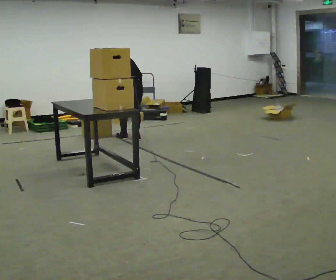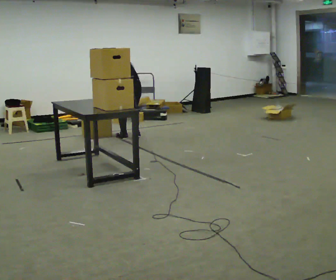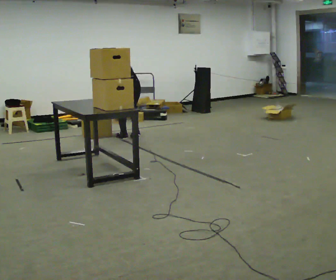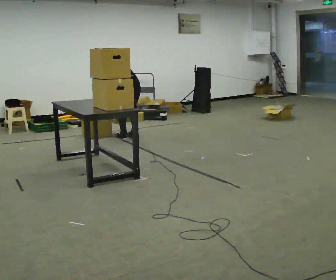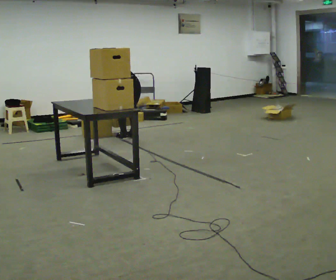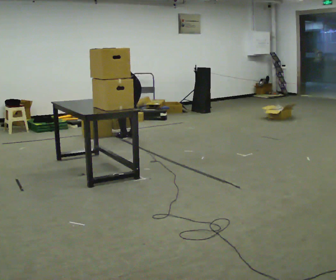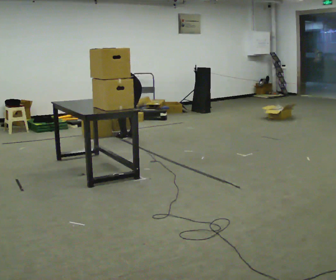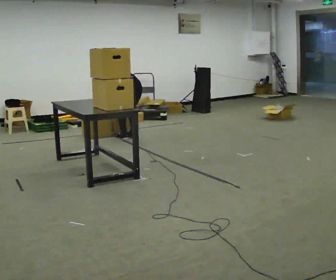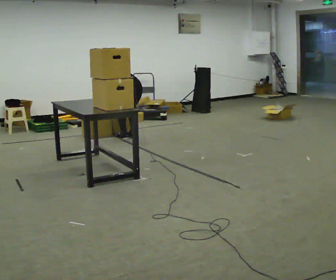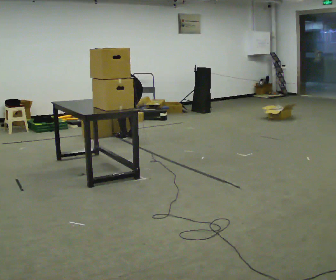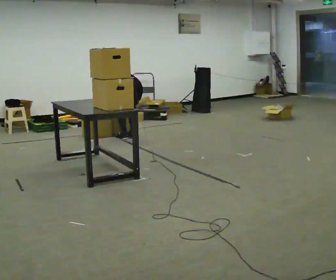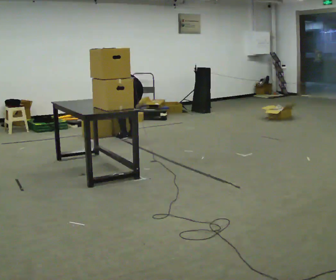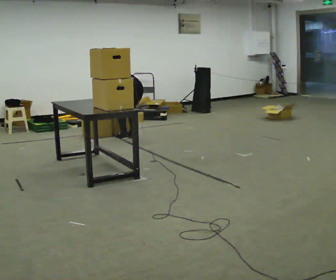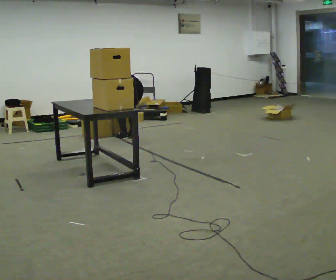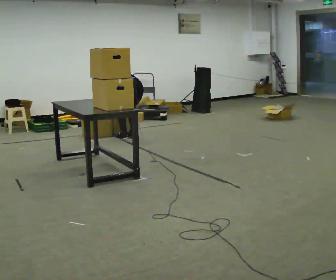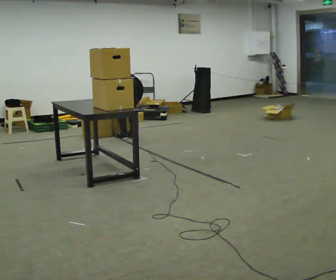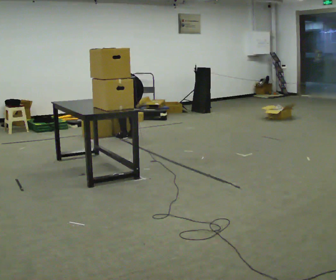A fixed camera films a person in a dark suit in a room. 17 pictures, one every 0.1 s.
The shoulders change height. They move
downward.
The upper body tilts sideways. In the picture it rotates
counterclockwise.
0.0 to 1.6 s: The upper body goes downward. In the picture the upper body tilts counterclockwise, shoulders to the left, as they bend forward. In the picture their left hand goes downward.
The film runs forward here.
